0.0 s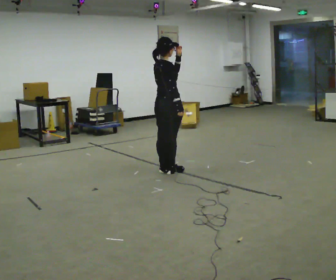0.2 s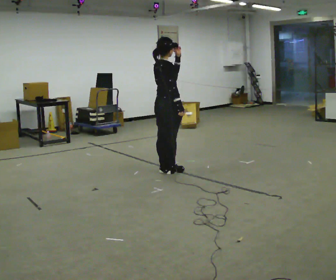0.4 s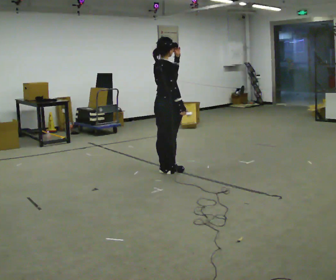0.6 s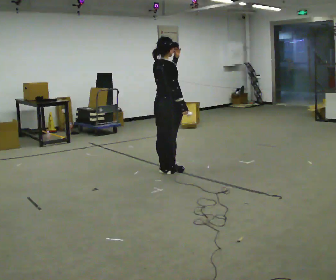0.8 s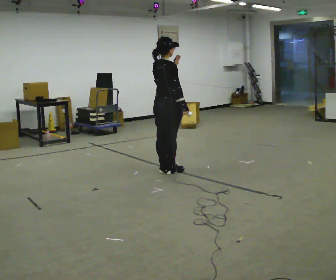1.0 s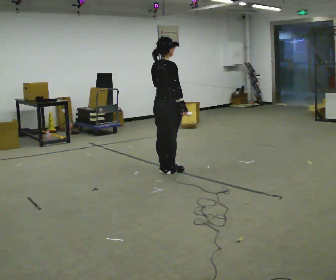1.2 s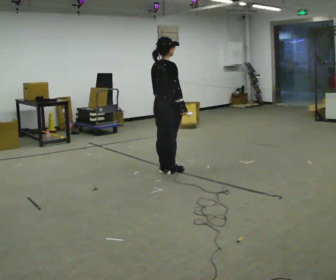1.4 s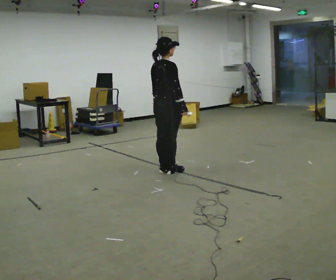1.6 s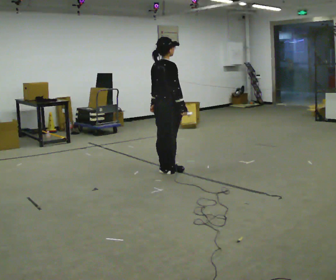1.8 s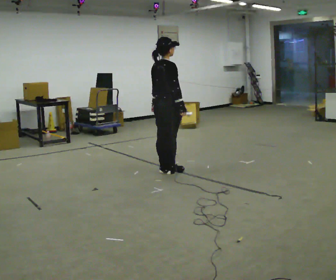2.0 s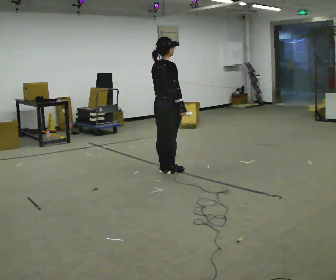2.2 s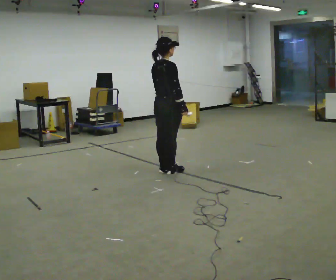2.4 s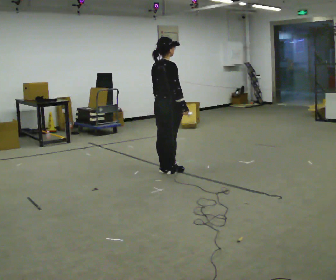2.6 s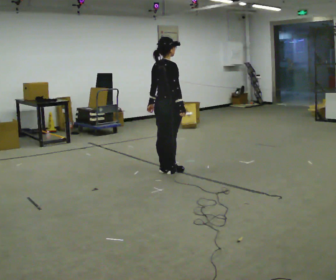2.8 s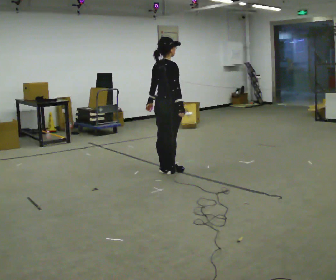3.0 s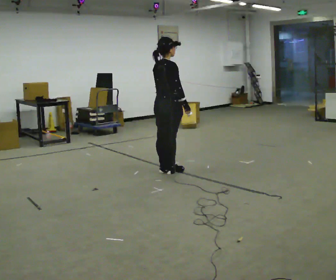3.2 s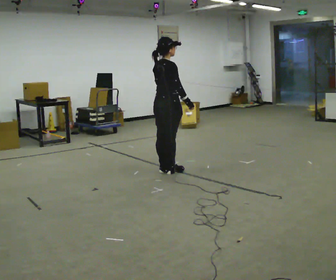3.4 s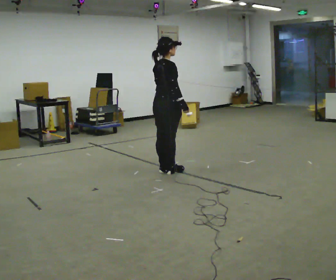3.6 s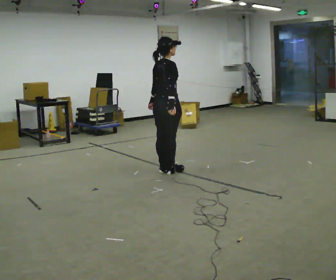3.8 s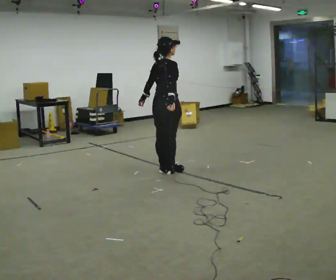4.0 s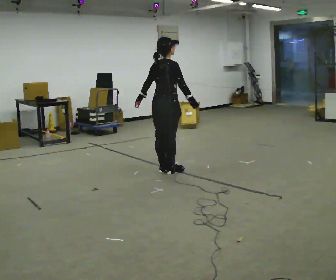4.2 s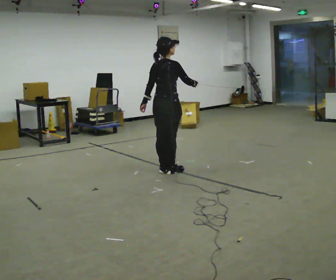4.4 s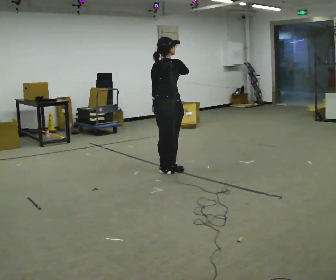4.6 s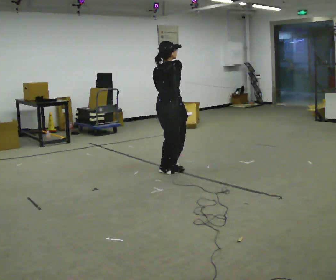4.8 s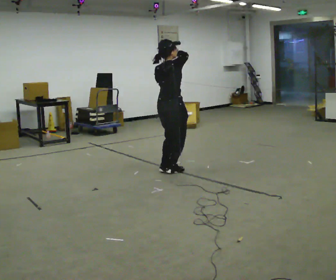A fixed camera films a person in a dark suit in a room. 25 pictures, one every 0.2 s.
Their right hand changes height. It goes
upward.
0.0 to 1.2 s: In the picture their left hand goes downward.
1.2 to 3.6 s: The person moves a little, or ends about where they began.
3.6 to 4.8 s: In the picture their right hand goes upward.
The film runs backward here.
